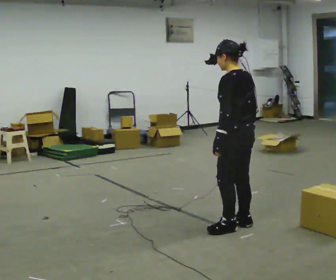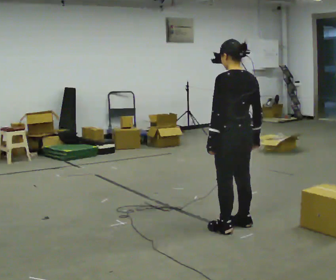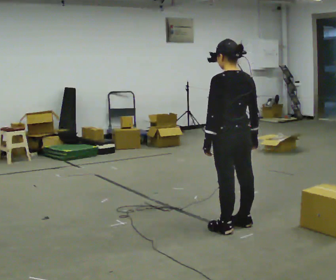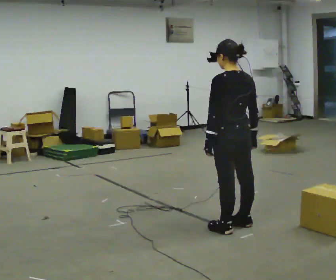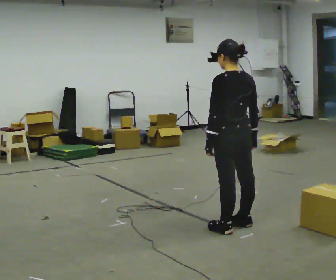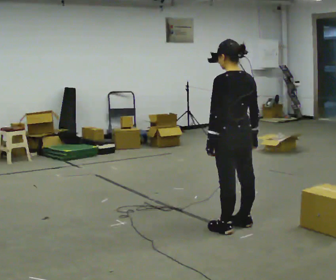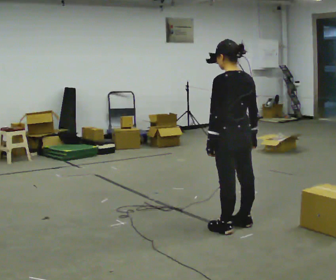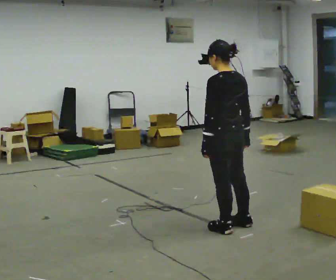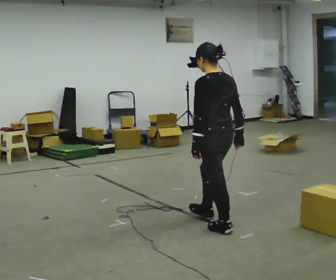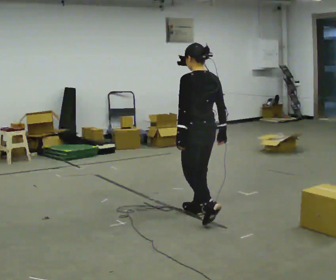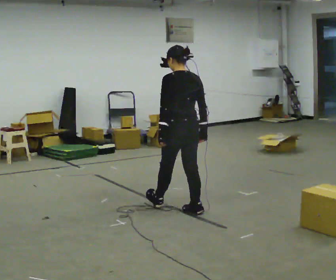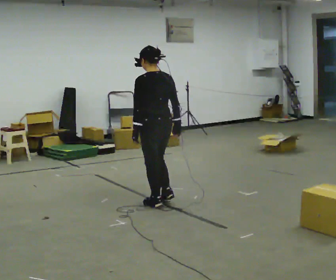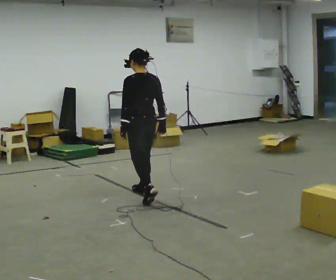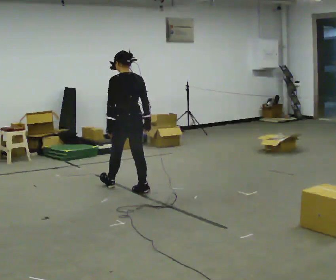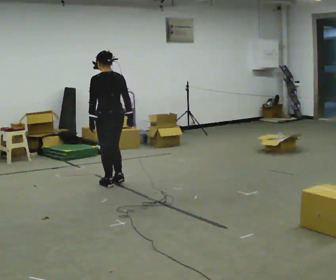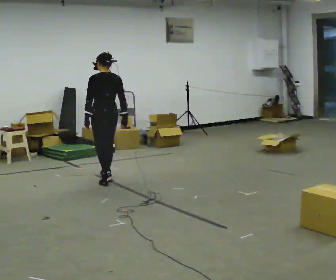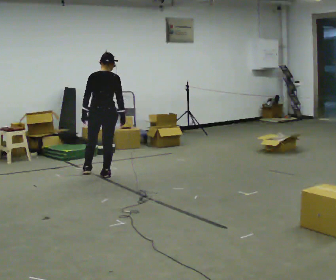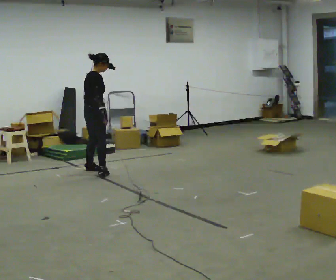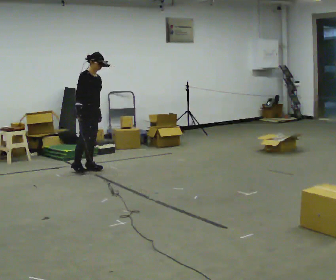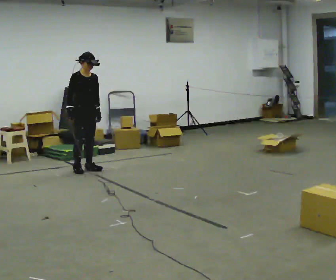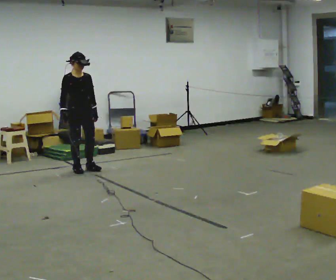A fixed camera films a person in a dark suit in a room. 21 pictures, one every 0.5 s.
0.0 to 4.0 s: In the picture they go to the left, about 0.25 m, which for them is forward.
4.0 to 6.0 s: In the picture they go away from the camera and to the left, about 1 m in 3 steps, which for them is forward.
6.0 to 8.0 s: The person turns about 45 degrees to their right, clockwise seen from above, so the part of the body nearest the lens slides to the left. In the picture they go away from the camera and to the left, about 1 m in 2 steps, which for them is forward.
8.0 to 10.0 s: The part of the body nearest the lens slides to the left as the person turns to their right by about 135 degrees. In the picture they go to the left and away from the camera, about 0.5 m in 2 steps.
The film runs forward here.
